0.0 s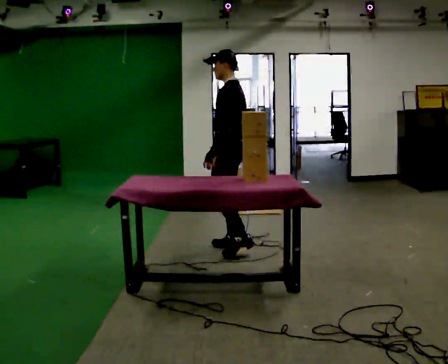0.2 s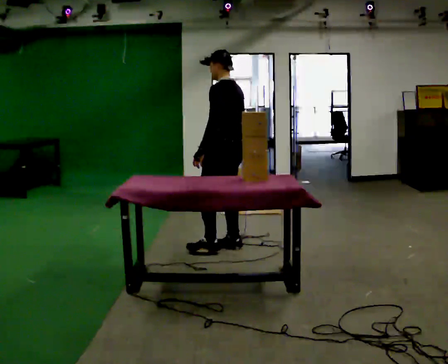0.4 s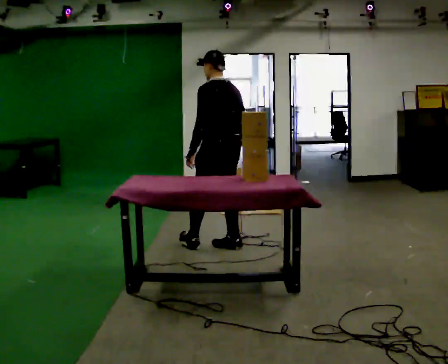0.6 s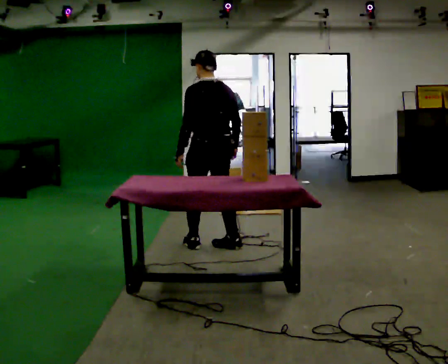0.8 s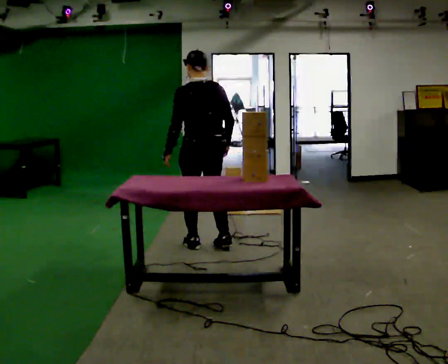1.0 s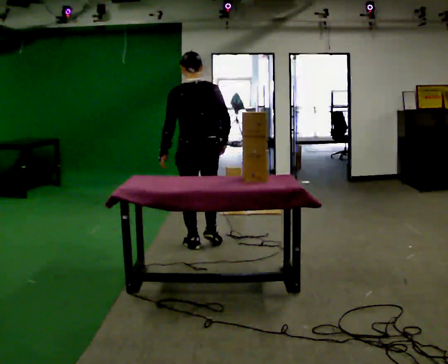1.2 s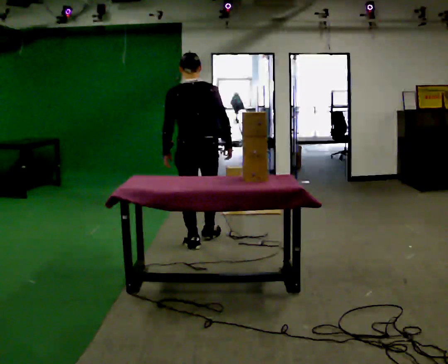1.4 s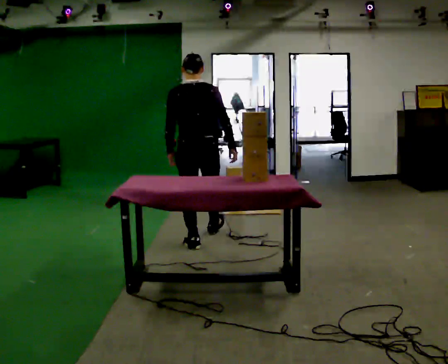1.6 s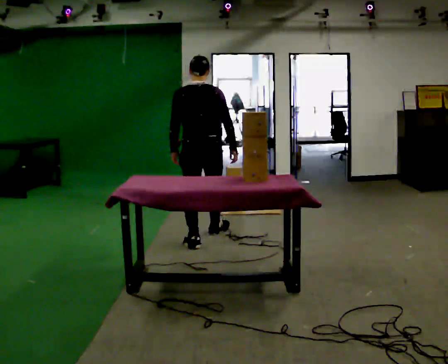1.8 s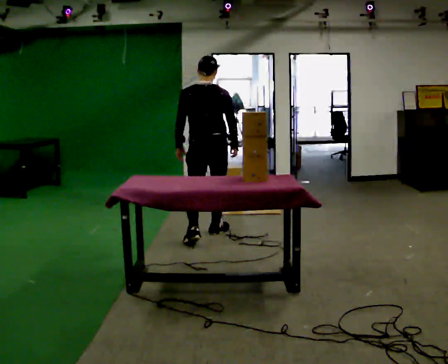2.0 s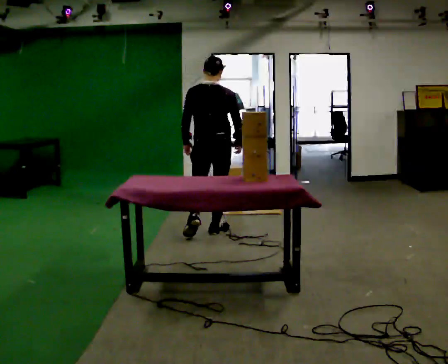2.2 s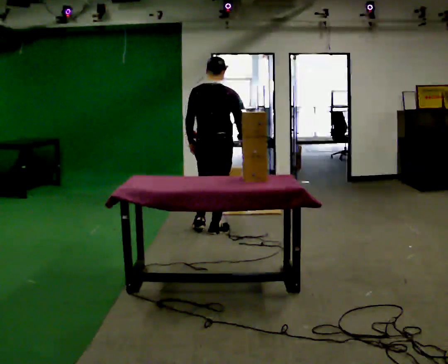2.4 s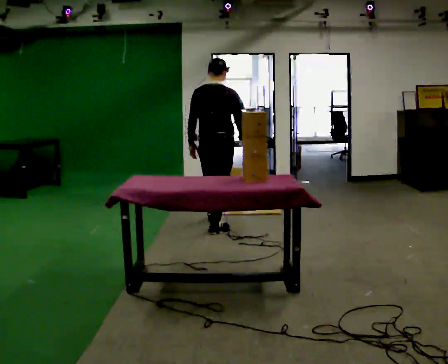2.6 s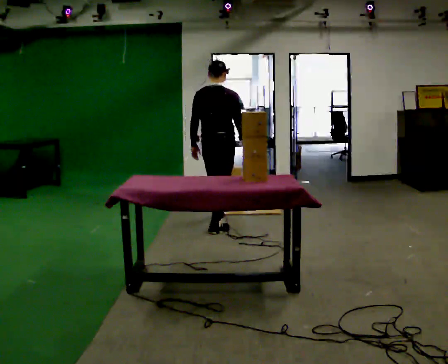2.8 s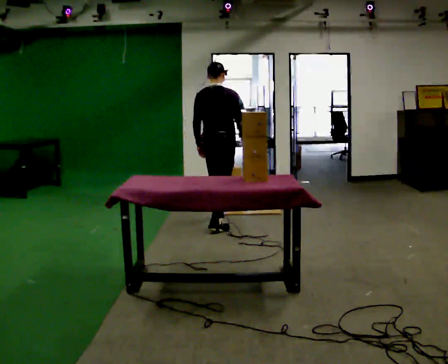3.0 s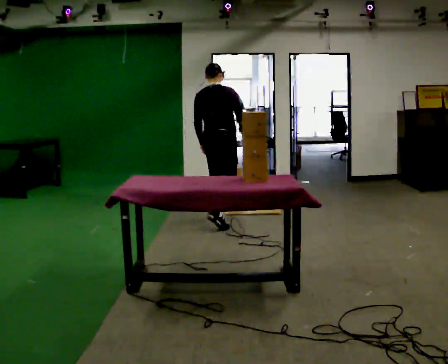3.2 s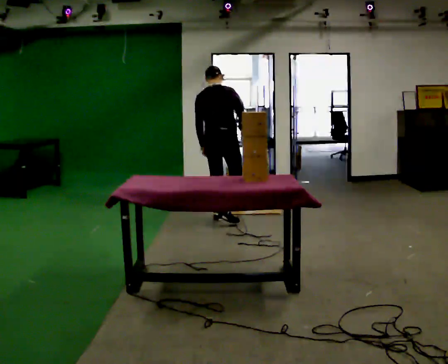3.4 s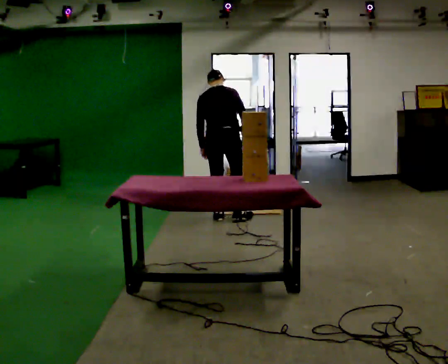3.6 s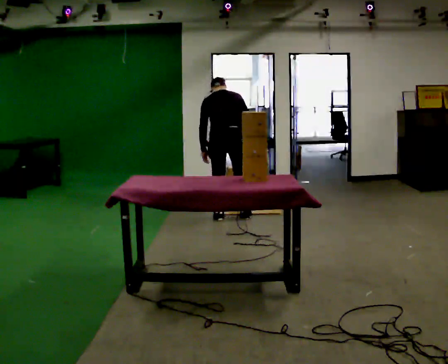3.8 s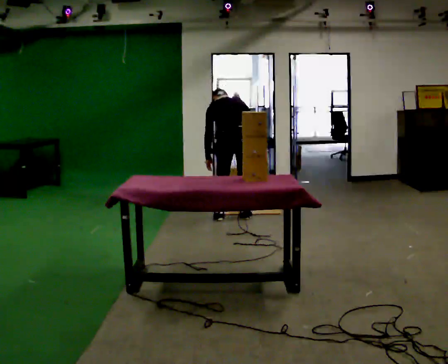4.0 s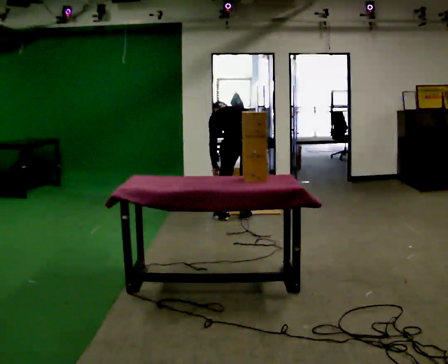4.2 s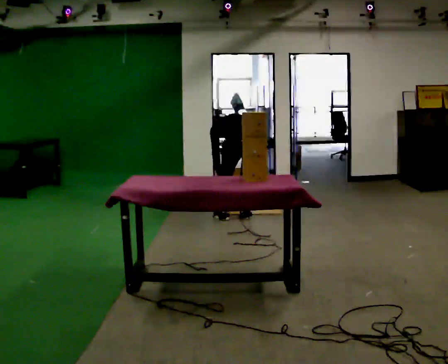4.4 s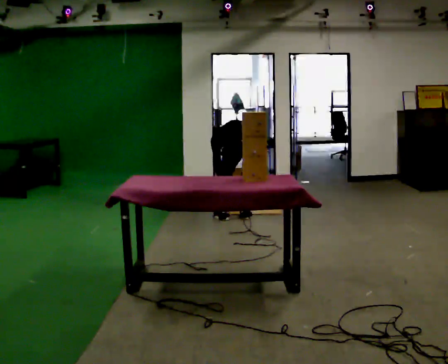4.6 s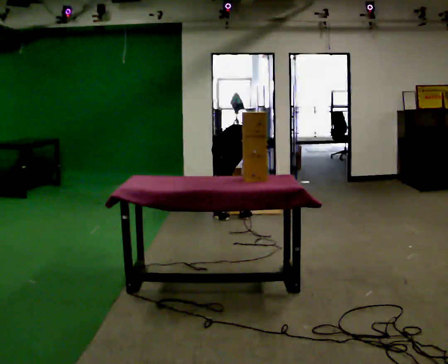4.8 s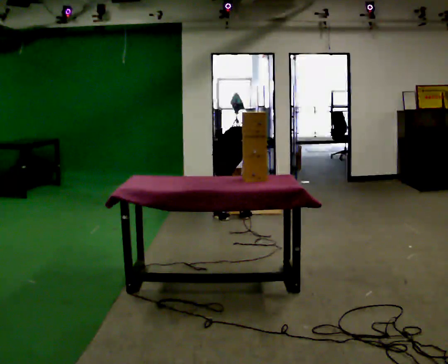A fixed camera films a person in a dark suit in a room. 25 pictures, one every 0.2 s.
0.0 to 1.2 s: Seen from above the body turns clockwise, about 75 degrees: to their right, with its near side sliding to the left. In the picture they go to the left, about 0.25 m in 1 step.
1.2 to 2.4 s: Seen from above the body turns clockwise, about 30 degrees: to their right, with its near side sliding to the left. In the picture they go away from the camera, about 0.5 m in 1 step, which for them is forward.
2.4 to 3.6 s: In the picture they go away from the camera, about 0.5 m in 2 steps, which for them is forward. The upper body tips away from the camera, its near side rolling upward, as they bend forward.
3.6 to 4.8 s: In the picture they go to the right, about 0.25 m, which for them is to their right. The upper body goes downward. The upper body tips away from the camera, its near side rolling upward, as they bend forward. In the picture their right hand goes downward.
The film runs forward here.
